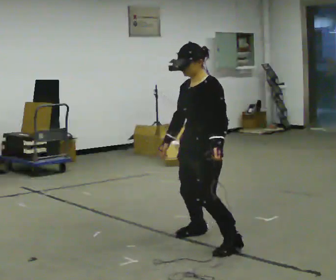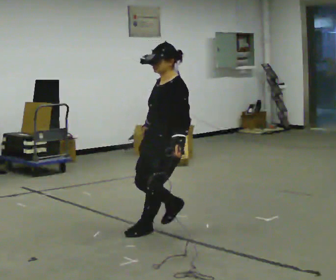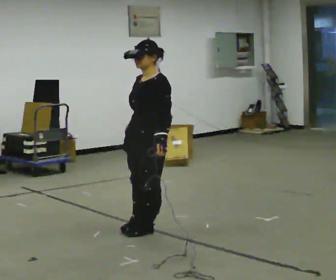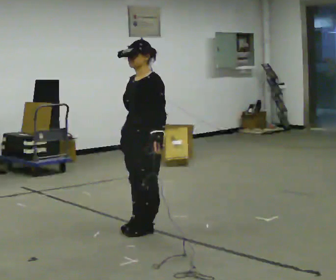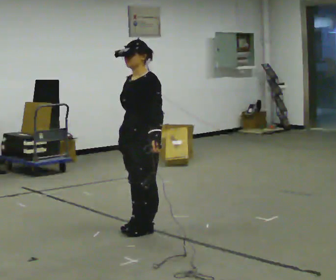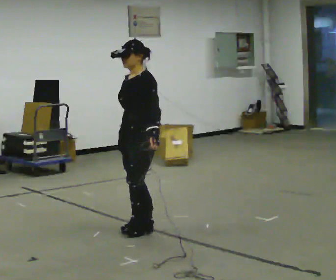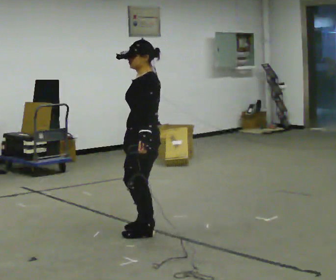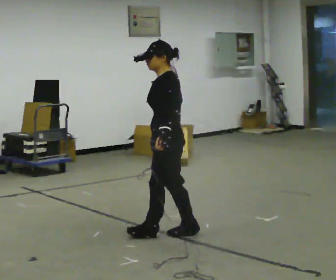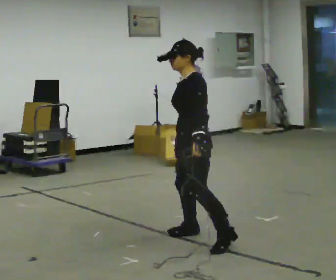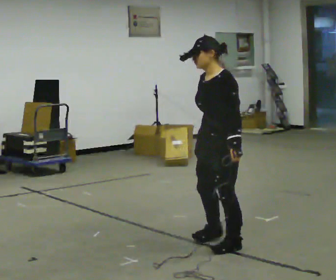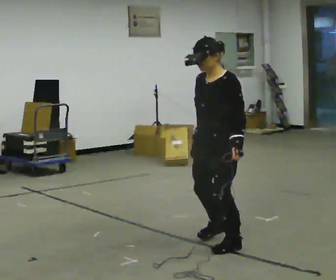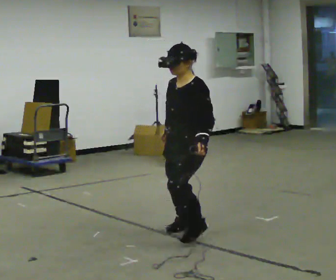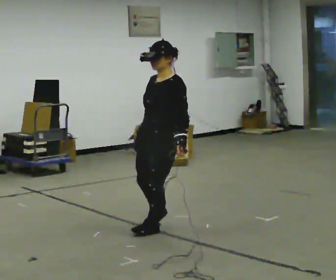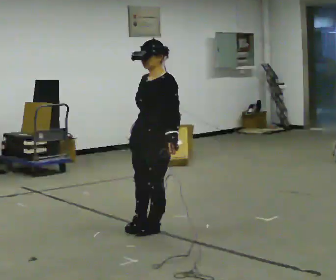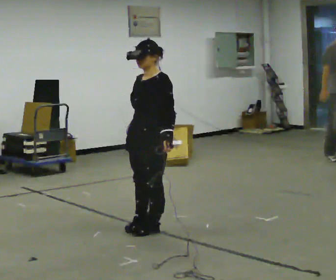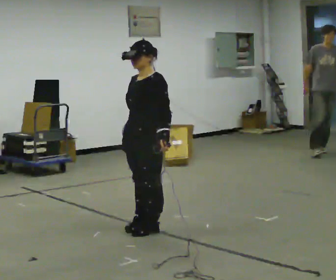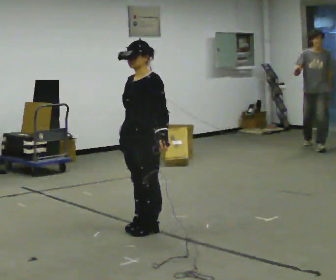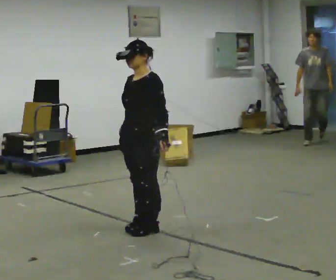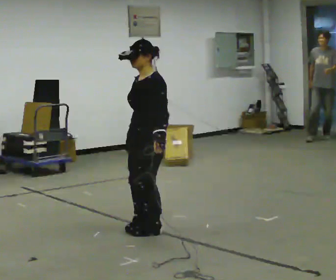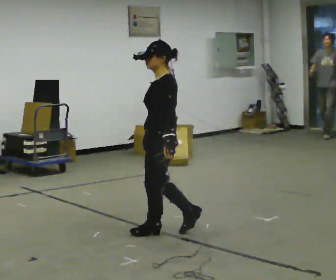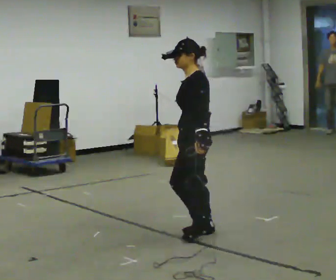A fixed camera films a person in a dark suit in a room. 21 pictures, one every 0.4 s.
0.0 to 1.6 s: In the picture they go to the left and away from the camera, about 0.5 m in 1 step, which for them is to their right.
1.6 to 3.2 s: The person turns about 30 degrees to their right, clockwise seen from above, so the part of the body nearest the lens slides to the left. In the picture they go to the right and toward the camera, about 0.5 m in 2 steps, which for them is backward and to their left.
3.2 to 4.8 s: The person turns about 30 degrees to their left, counterclockwise seen from above, so the part of the body nearest the lens slides to the right. In the picture they go to the left, about 0.25 m in 4 steps, which for them is to their right. In the picture the upper body tilts clockwise, shoulders to the right.
4.8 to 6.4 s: In the picture they go to the left, about 0.25 m, which for them is to their right.
6.4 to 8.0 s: The part of the body nearest the lens slides to the left as the person turns to their right by about 45 degrees. In the picture they go to the right, about 0.5 m in 2 steps, which for them is to their left and backward.
The film runs backward here.
